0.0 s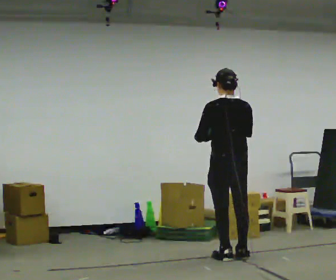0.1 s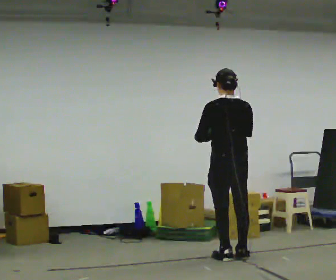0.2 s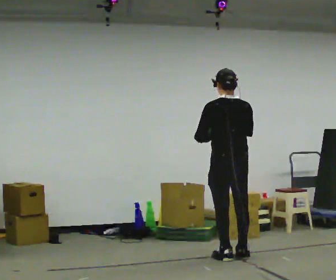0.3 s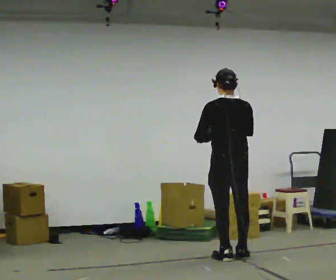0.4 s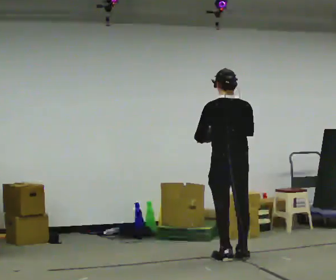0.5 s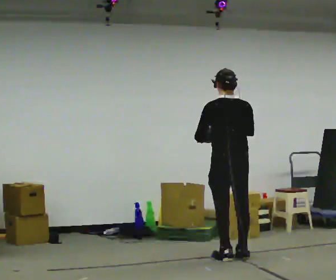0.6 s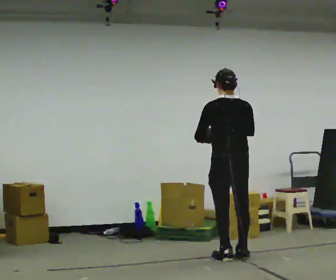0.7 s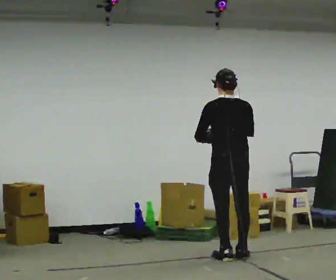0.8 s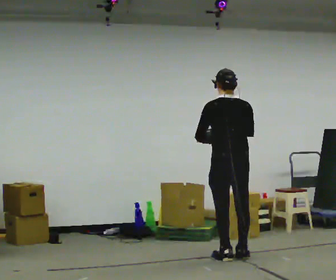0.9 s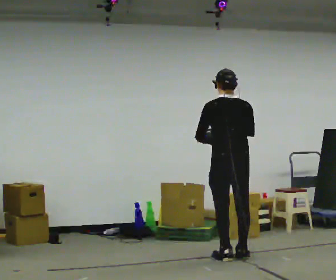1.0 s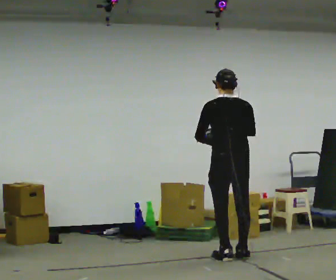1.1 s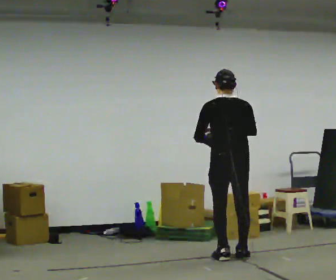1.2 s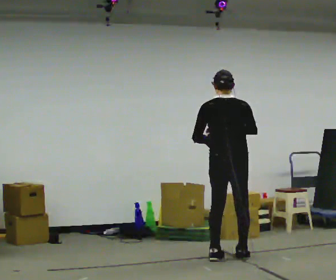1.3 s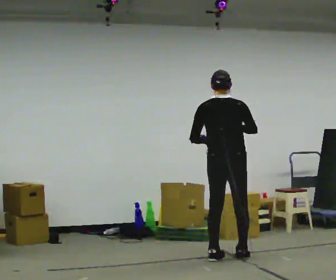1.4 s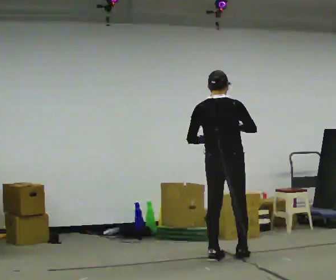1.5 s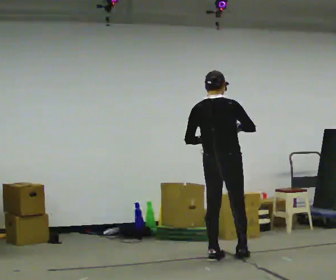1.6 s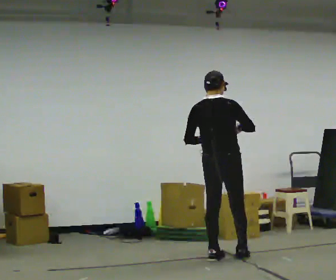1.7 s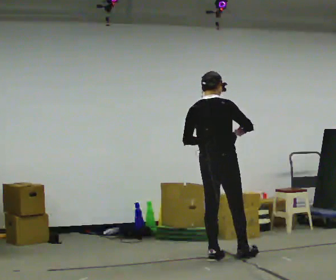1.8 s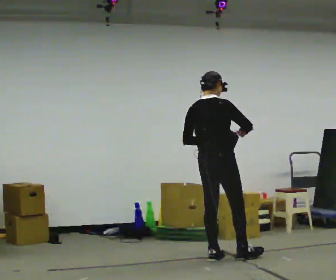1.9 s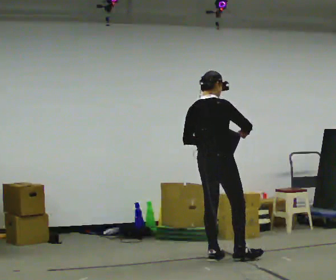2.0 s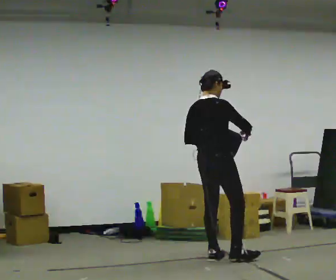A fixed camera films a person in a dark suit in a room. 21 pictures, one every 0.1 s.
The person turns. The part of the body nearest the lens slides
to the left.
The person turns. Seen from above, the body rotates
clockwise.
0.0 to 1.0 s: The person moves a little, or ends about where they began.
1.0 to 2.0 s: The part of the body nearest the lens slides to the left as the person turns to their right by about 60 degrees. In the picture they go to the left, about 0.25 m in 1 step, which for them is to their left.
The film runs forward here.
